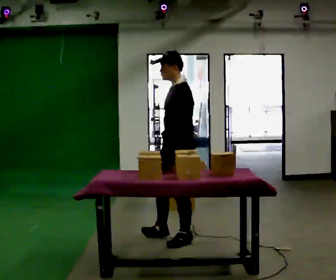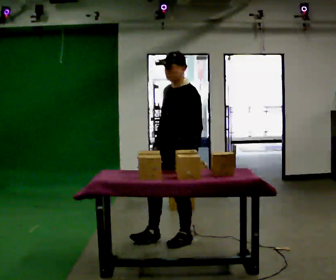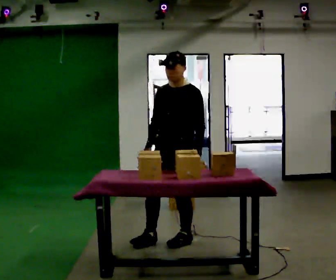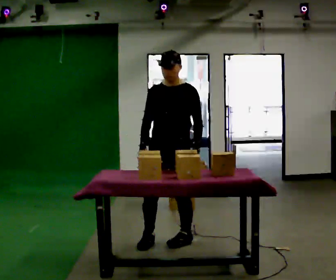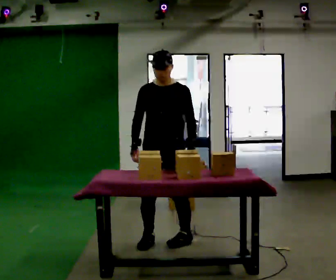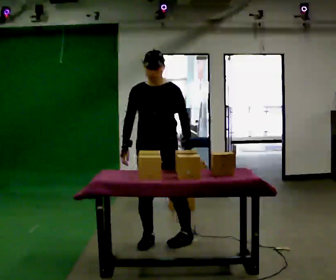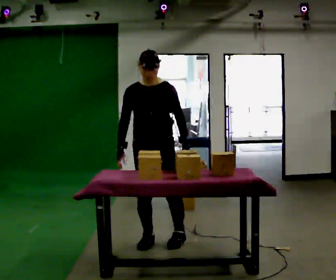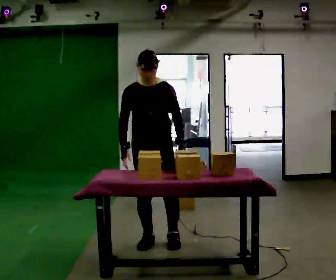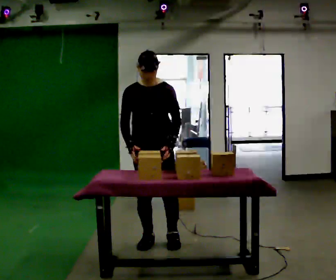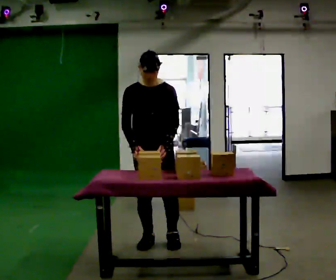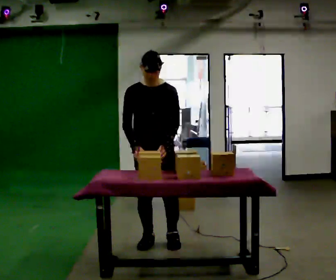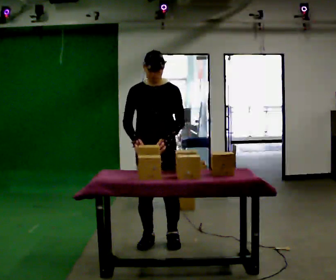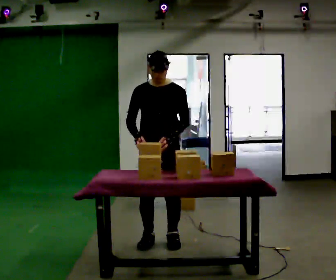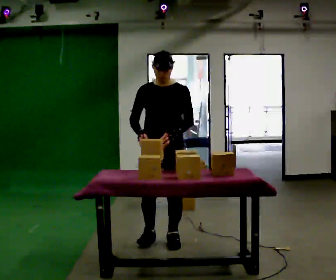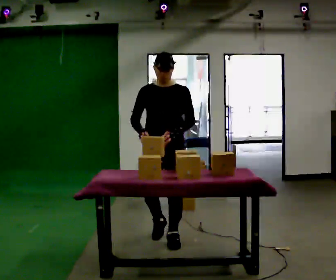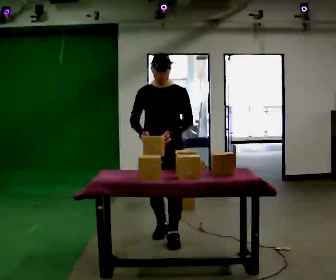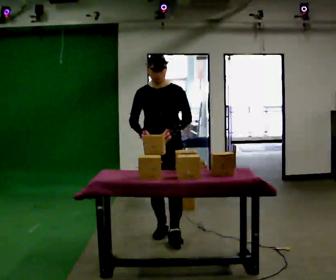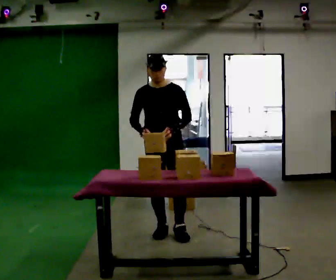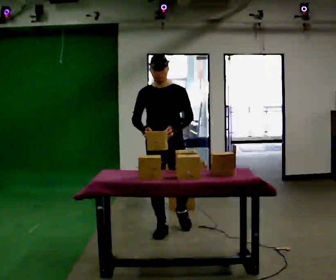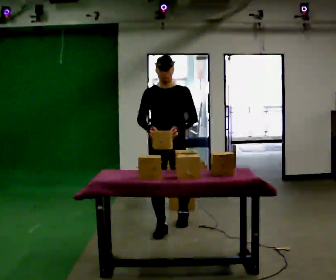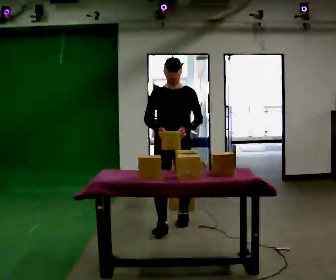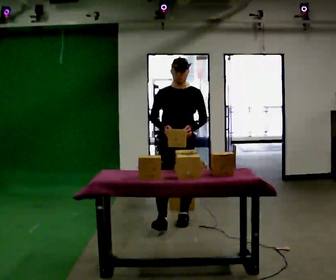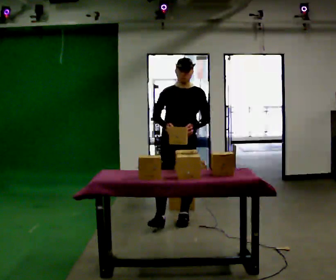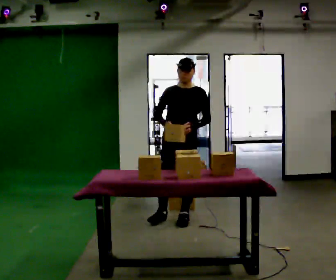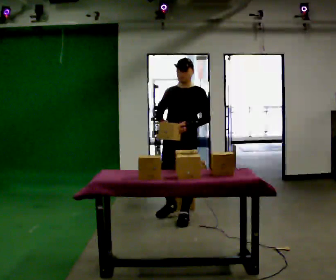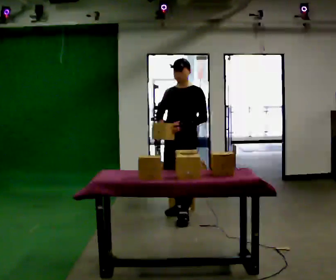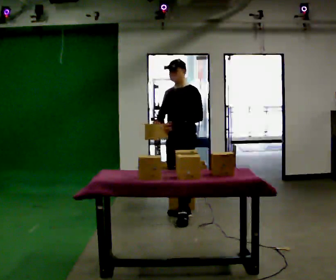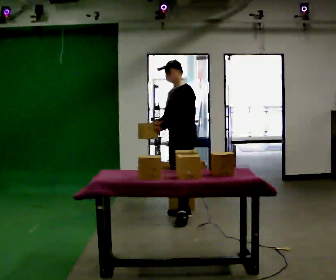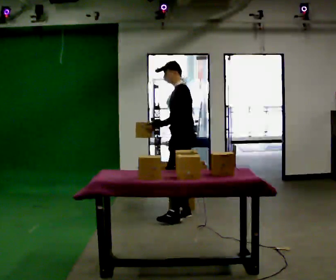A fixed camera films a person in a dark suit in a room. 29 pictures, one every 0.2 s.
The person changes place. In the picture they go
away from the camera.
The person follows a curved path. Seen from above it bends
clockwise.
0.0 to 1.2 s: The person turns about 75 degrees to their left, counterclockwise seen from above, so the part of the body nearest the lens slides to the right. In the picture they go to the left, about 0.25 m in 1 step.
1.2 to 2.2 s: The person moves a little, or ends about where they began.
2.2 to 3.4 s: In the picture they go away from the camera, about 0.25 m in 2 steps, which for them is backward.
3.4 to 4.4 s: In the picture they go away from the camera, about 0.5 m in 1 step, which for them is backward.
4.4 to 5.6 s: Seen from above the body turns clockwise, about 75 degrees: to their right, with its near side sliding to the left. In the picture they go away from the camera, about 0.25 m in 1 step.
The film runs backward here.
